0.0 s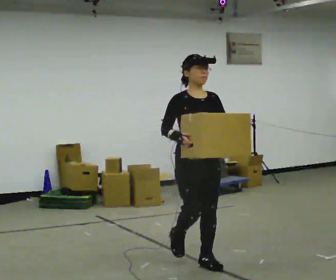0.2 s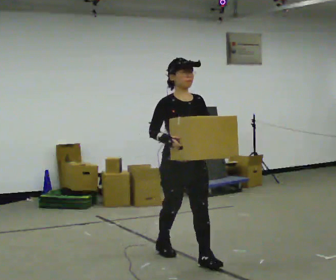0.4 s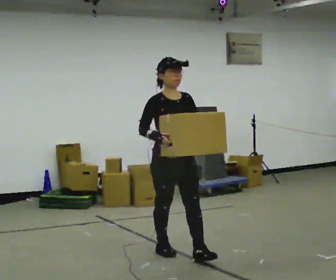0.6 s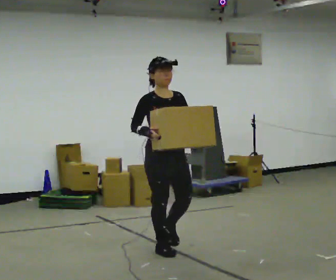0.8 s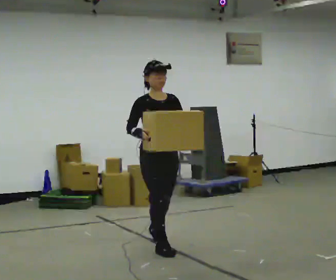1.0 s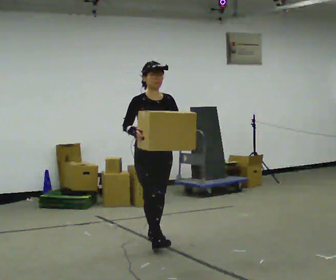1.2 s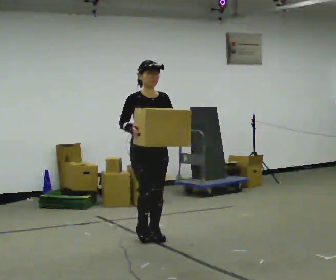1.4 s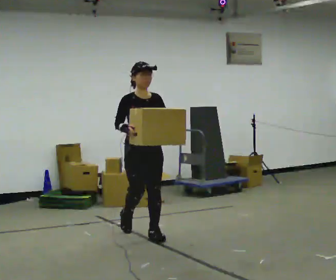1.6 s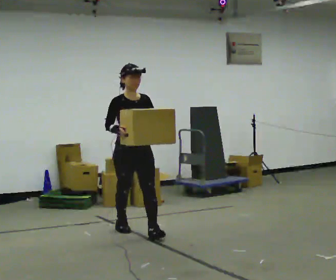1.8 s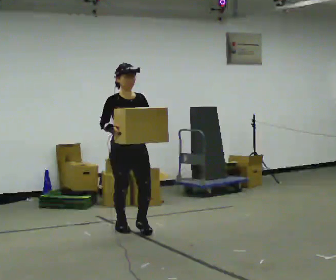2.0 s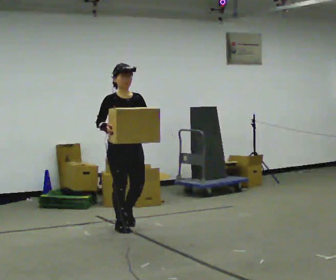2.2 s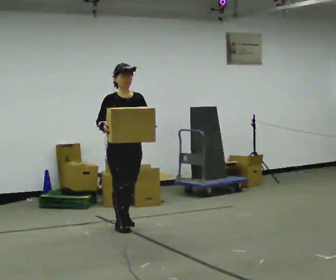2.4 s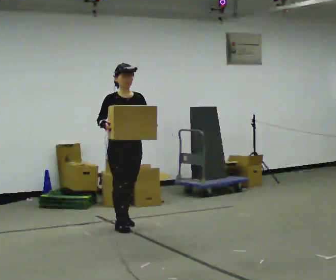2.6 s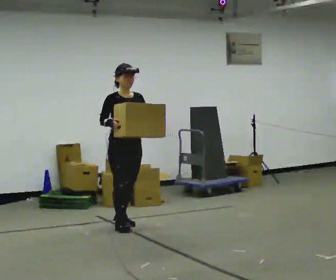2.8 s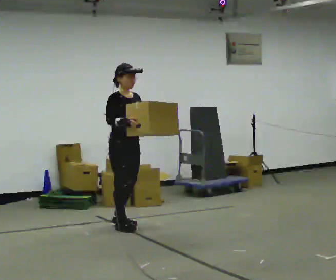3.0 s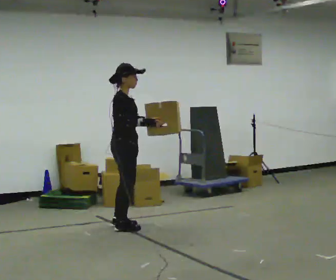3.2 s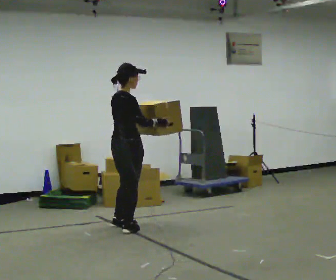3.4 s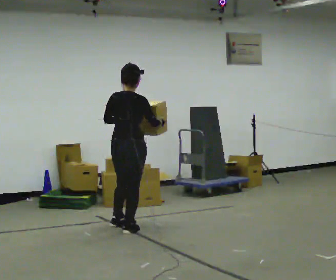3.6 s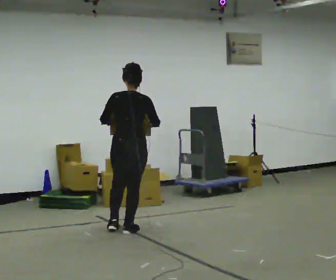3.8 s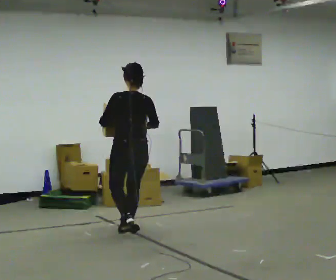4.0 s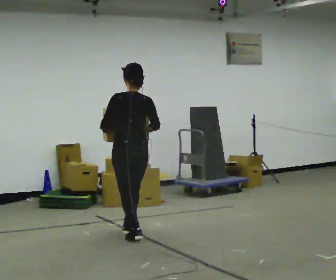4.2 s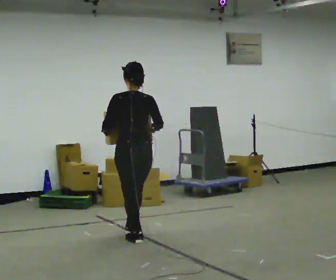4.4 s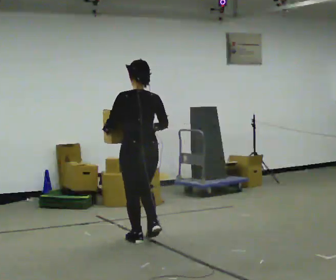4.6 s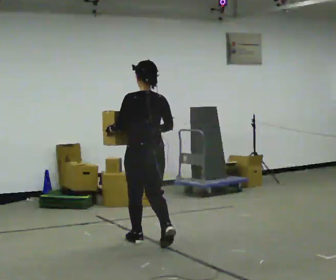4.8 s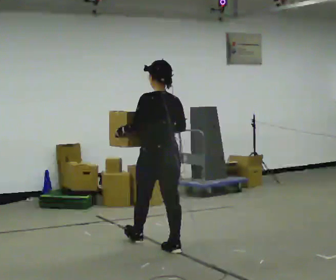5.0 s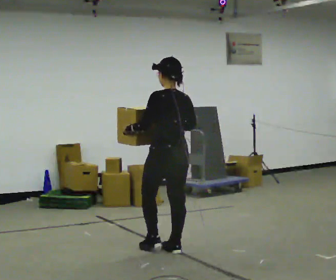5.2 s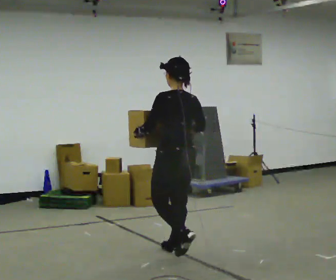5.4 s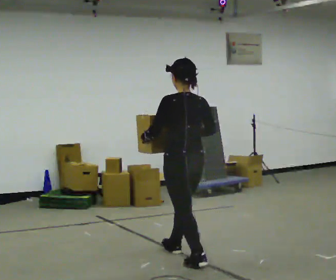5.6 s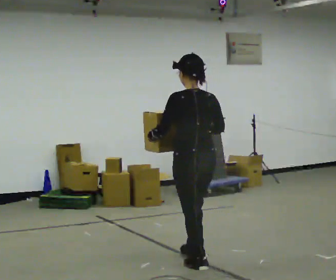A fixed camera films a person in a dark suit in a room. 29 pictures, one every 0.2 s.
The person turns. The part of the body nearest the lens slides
to the right.
The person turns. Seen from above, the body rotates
counterclockwise.
0.0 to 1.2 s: In the picture they go away from the camera and to the left, about 1 m in 2 steps, which for them is backward.
1.2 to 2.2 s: In the picture they go away from the camera and to the left, about 0.5 m in 1 step, which for them is backward.
2.2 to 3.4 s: Seen from above the body turns counterclockwise, about 135 degrees: to their left, with its near side sliding to the right. In the picture their right hand goes to the right.
3.4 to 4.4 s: The person turns about 45 degrees to their left, counterclockwise seen from above, so the part of the body nearest the lens slides to the right. In the picture they go toward the camera, about 0.5 m in 1 step, which for them is backward.
4.4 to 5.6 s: In the picture they go toward the camera and to the right, about 1 m in 2 steps, which for them is backward.
The film runs backward here.
